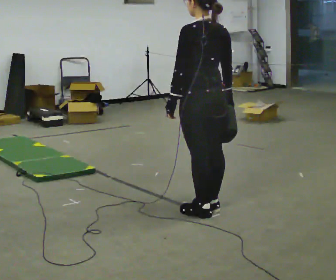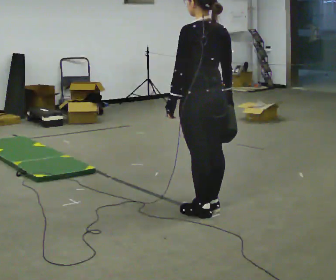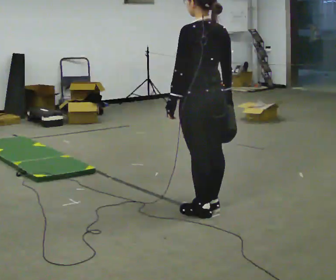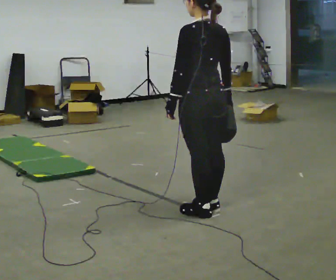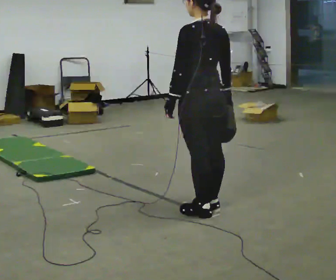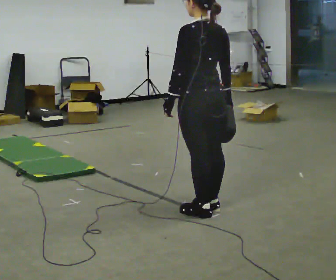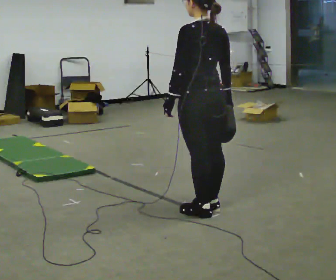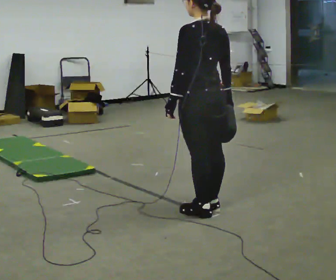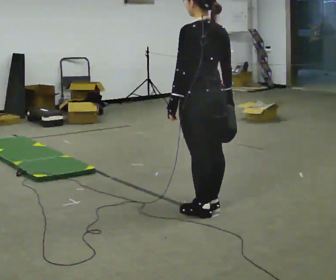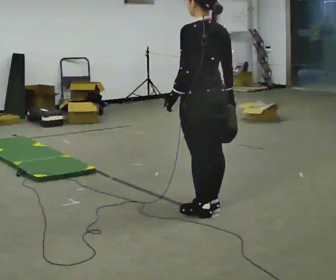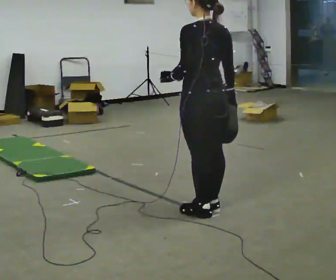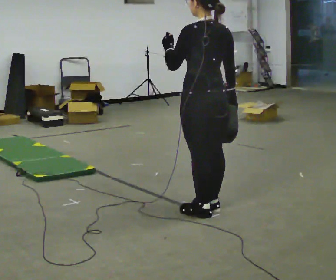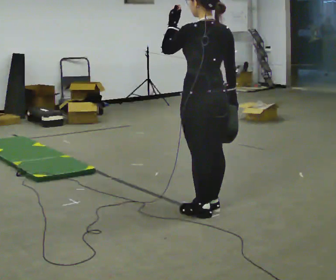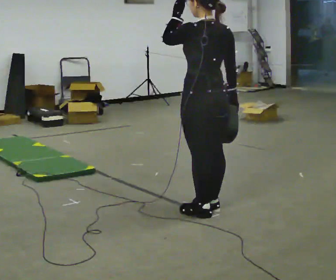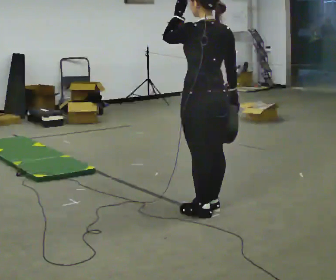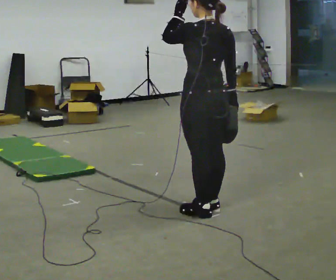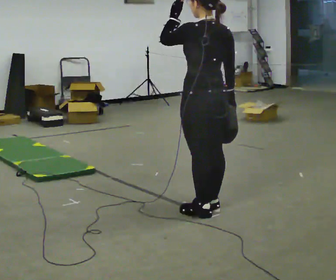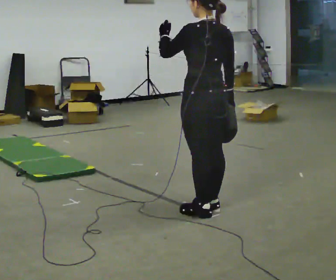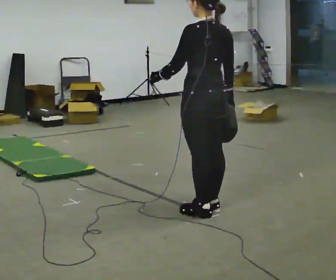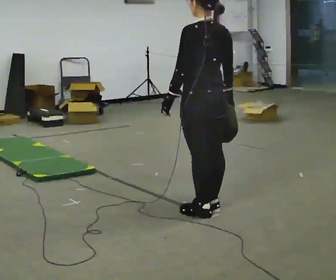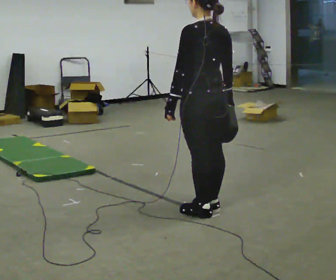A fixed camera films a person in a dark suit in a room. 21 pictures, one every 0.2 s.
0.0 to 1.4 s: The person moves a little, or ends about where they began.
1.4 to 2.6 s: In the picture their left hand goes upward.
2.6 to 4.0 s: In the picture their left hand goes downward.
The film runs backward here.
